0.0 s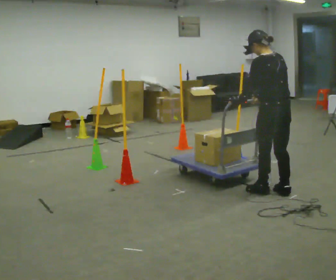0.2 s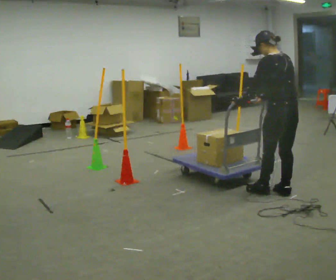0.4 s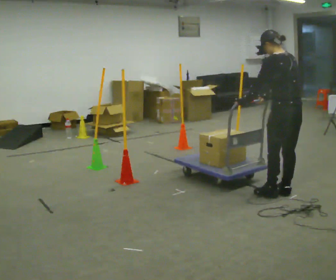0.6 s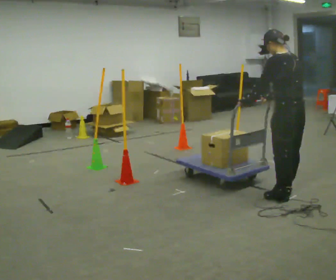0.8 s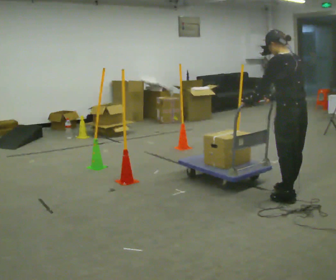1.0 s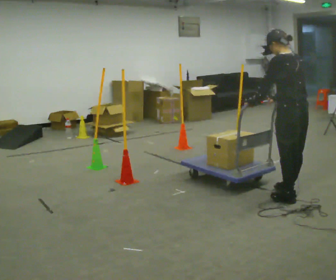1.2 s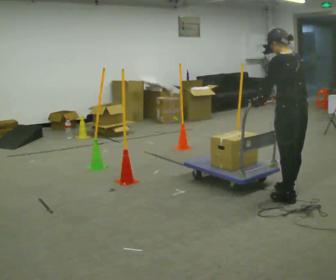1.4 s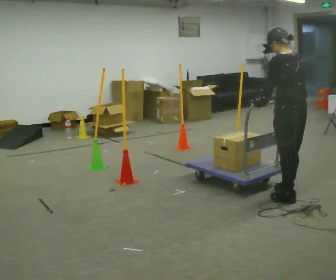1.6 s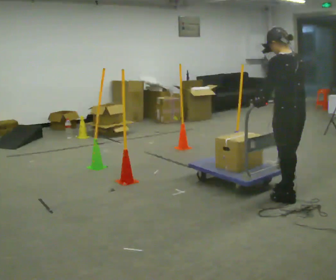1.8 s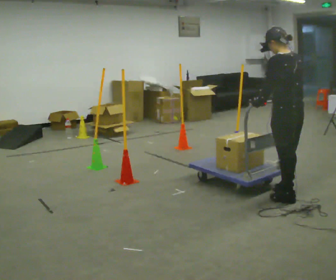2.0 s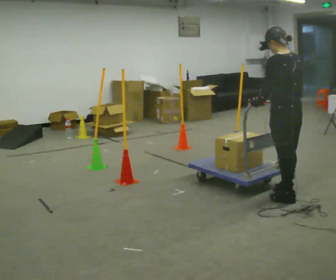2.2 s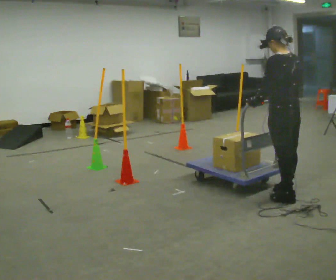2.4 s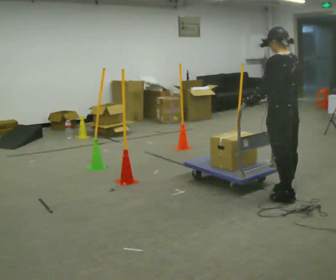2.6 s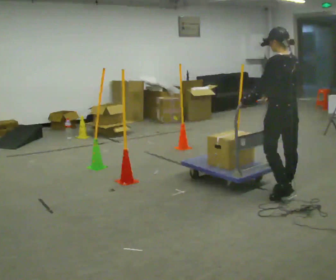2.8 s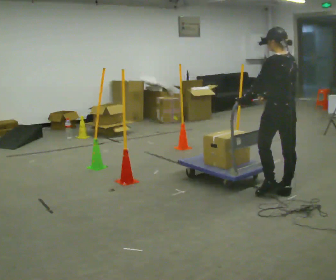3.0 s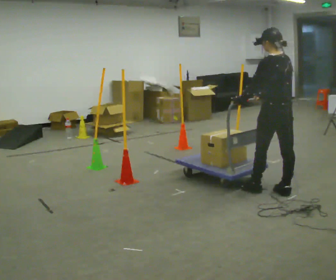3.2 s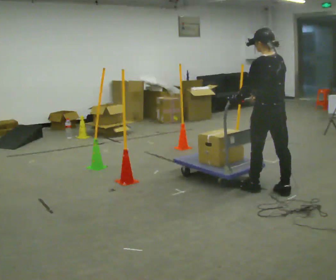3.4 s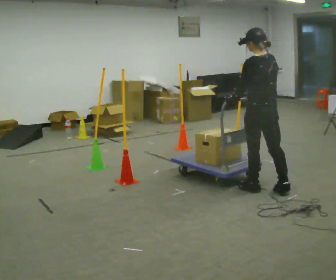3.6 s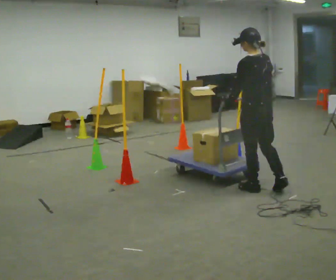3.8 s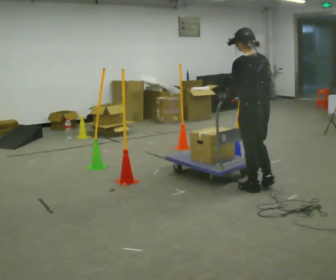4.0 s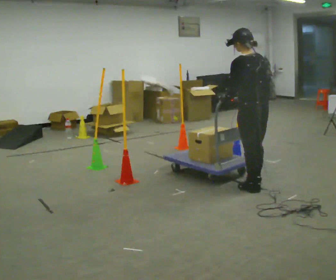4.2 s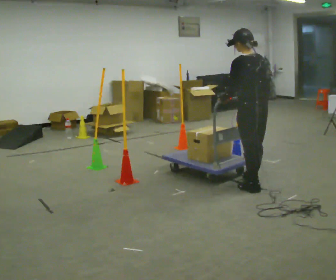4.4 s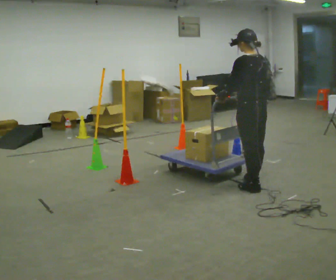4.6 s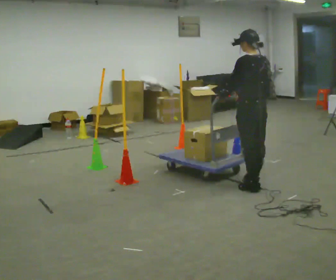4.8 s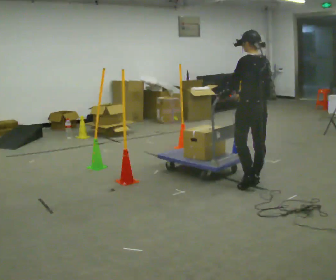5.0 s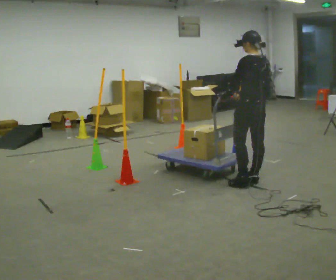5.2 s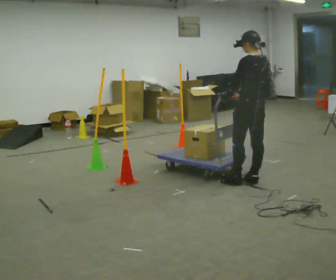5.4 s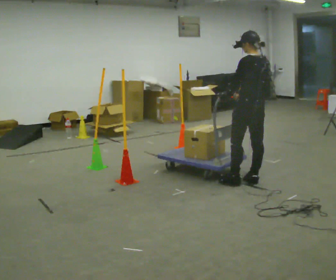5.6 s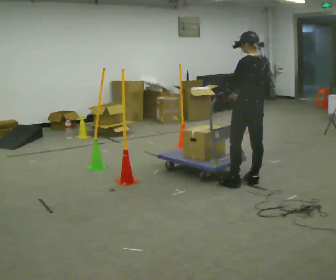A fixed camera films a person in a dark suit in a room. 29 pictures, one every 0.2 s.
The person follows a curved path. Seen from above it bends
counterclockwise.
0.0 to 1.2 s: In the picture they go toward the camera, about 0.25 m in 1 step, which for them is backward.
1.2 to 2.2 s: The person moves a little, or ends about where they began.
2.2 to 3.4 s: In the picture they go to the left and away from the camera, about 0.25 m in 1 step, which for them is forward.
3.4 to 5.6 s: In the picture they go away from the camera, about 0.25 m in 2 steps, which for them is forward and to their right.
The film runs forward here.
